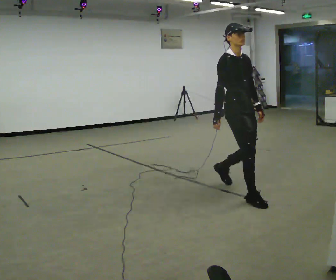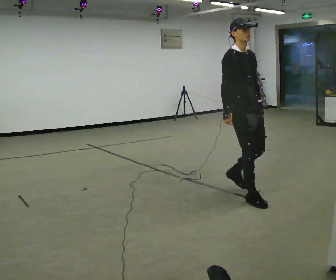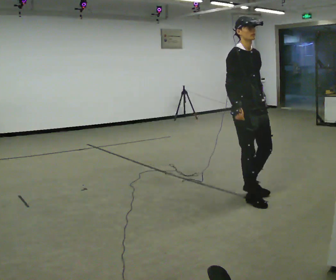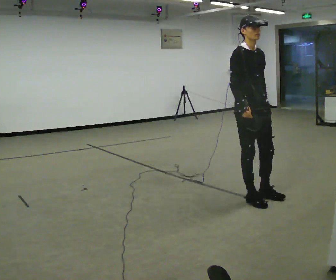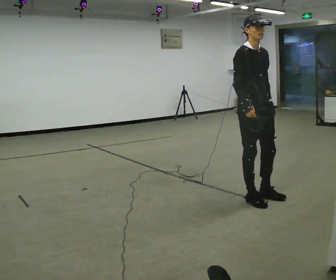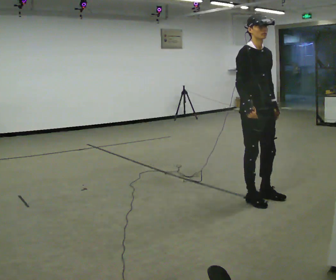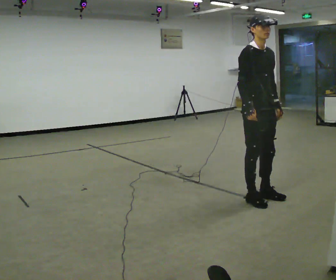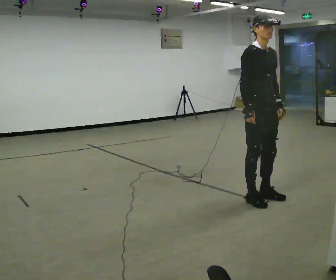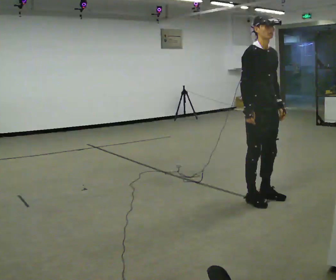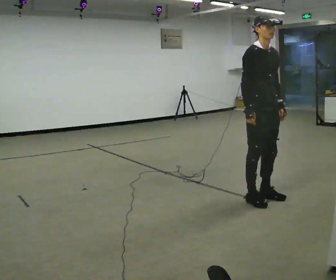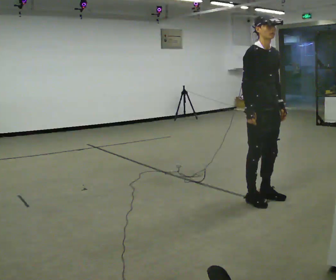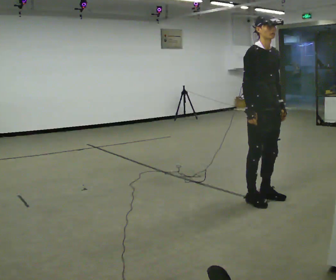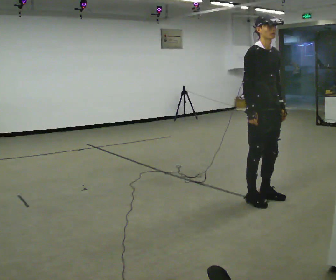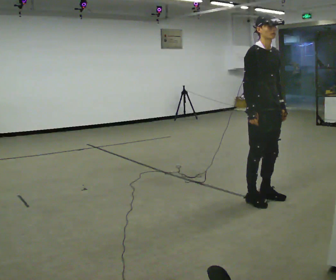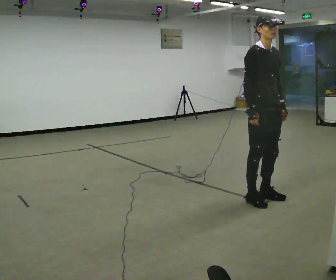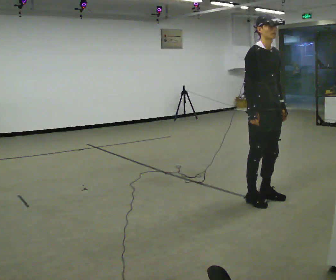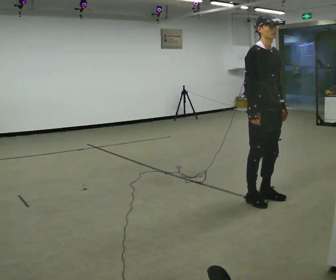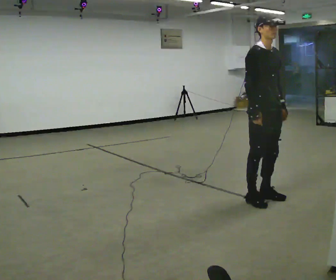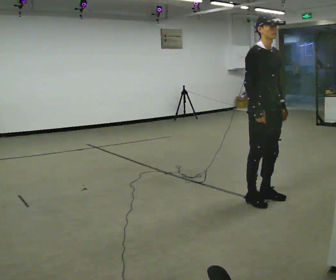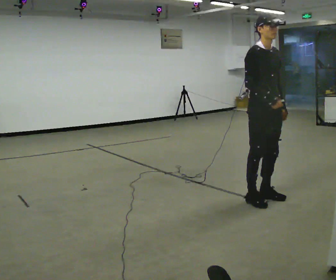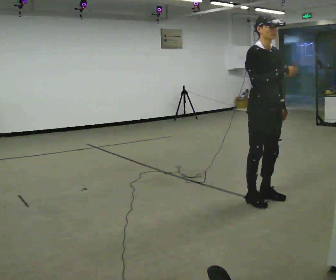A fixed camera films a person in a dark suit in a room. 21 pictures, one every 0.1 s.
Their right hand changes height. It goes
upward.
0.0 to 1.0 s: In the picture they go to the right and toward the camera, about 0.25 m in 1 step, which for them is forward.
1.0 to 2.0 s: In the picture their right hand goes upward.
The film runs forward here.
